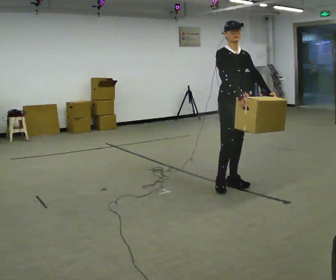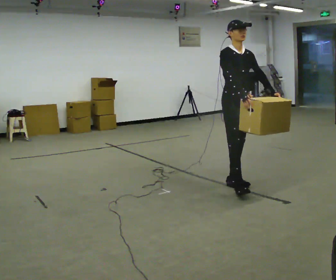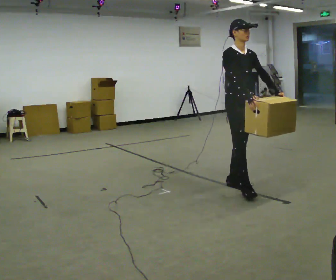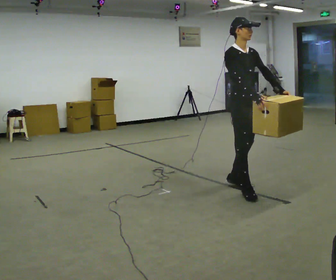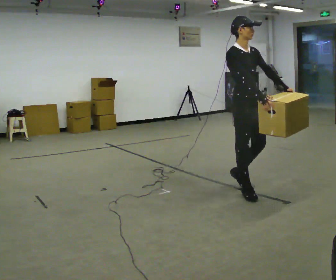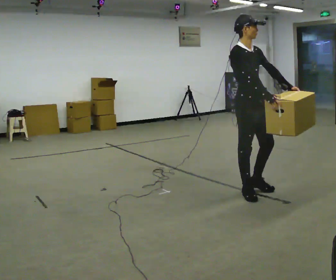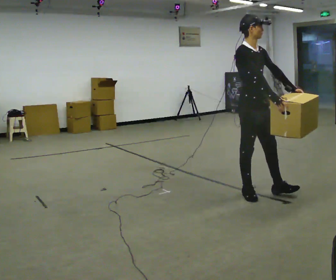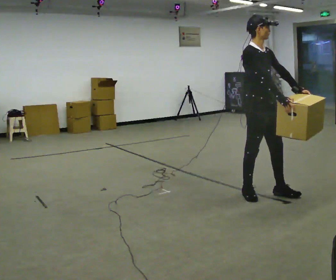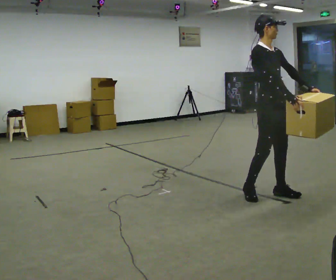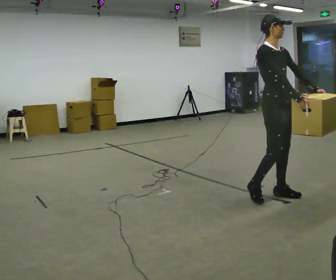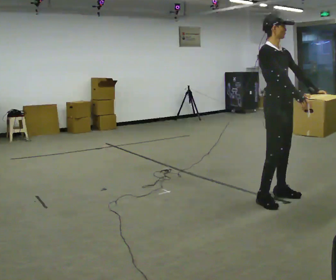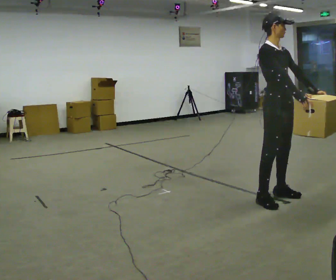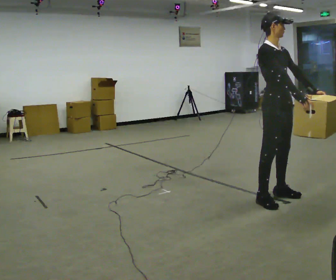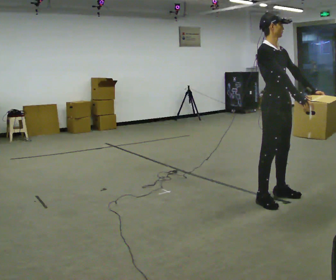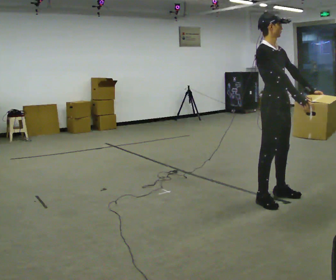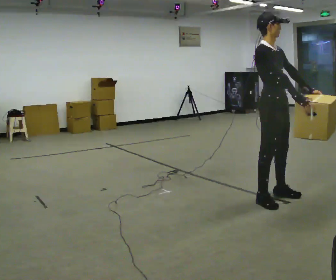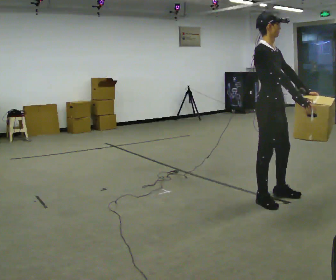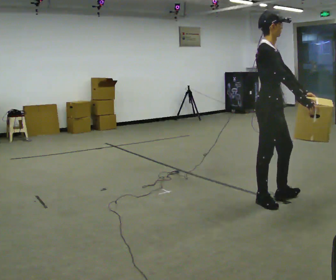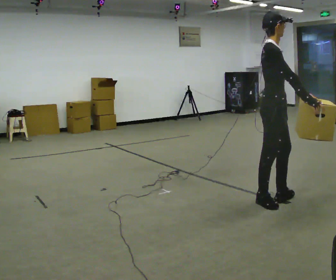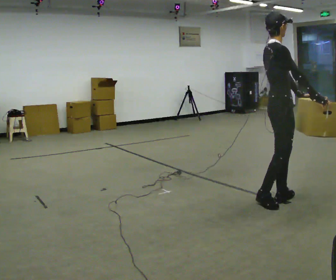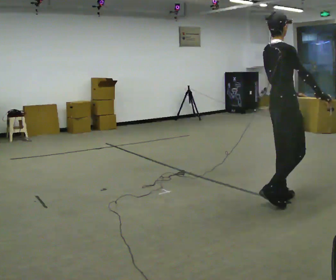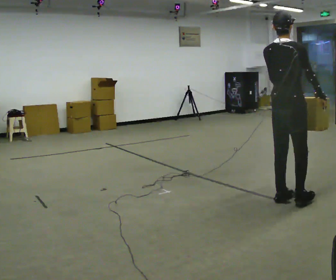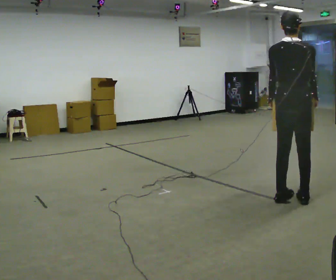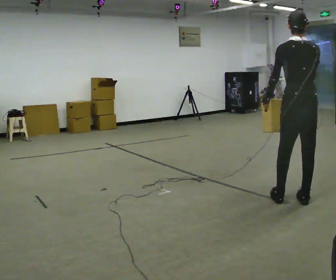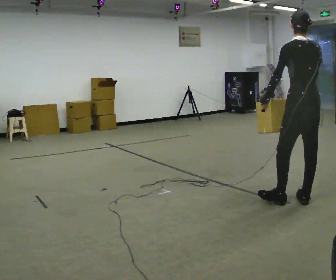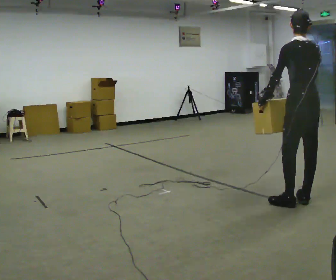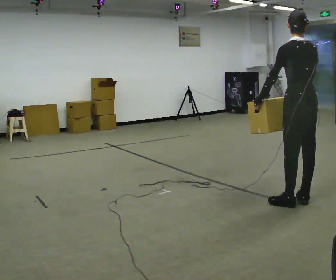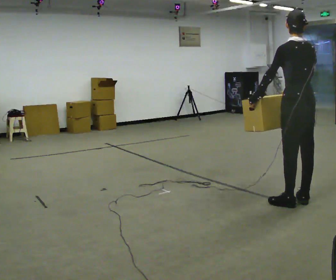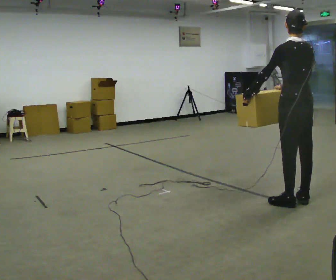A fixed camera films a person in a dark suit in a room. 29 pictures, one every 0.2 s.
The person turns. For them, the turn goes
to their left.
The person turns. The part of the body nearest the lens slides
to the right.
0.0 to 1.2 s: In the picture they go toward the camera and to the right, about 0.5 m in 1 step, which for them is forward and to their right.
1.2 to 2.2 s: In the picture they go to the right, about 0.25 m in 2 steps, which for them is forward.
2.2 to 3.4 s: The person moves a little, or ends about where they began.
3.4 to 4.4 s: Seen from above the body turns counterclockwise, about 105 degrees: to their left, with its near side sliding to the right. In the picture they go to the right, about 0.25 m in 2 steps.
4.4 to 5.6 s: Seen from above the body turns counterclockwise, about 30 degrees: to their left, with its near side sliding to the right. In the picture their right hand goes to the left, the arm swinging clockwise.
The film runs forward here.
